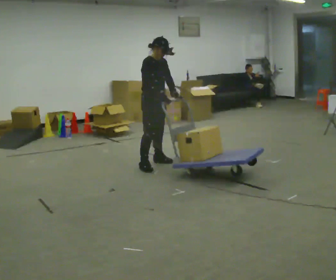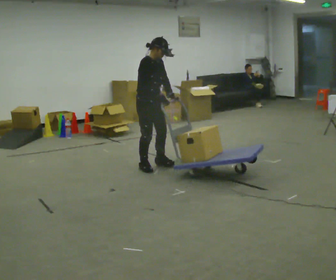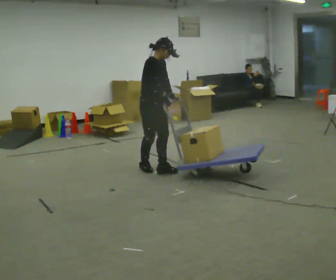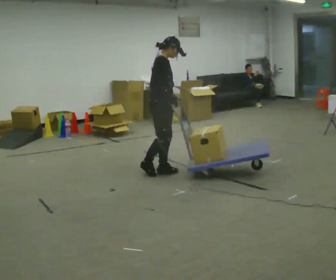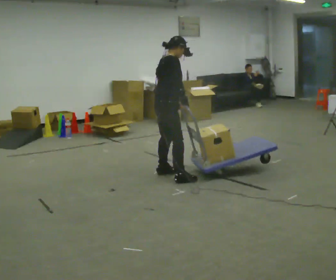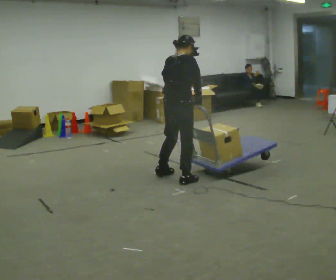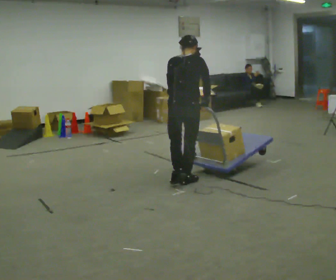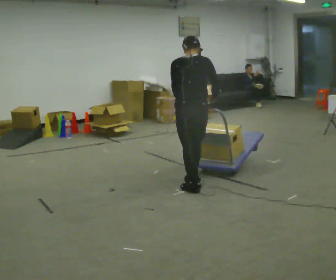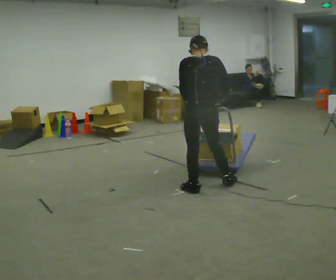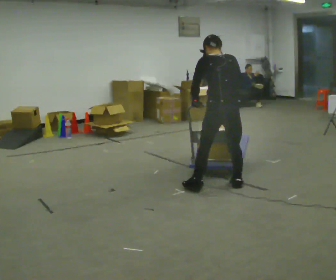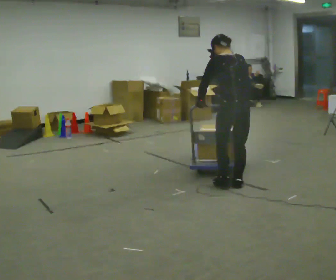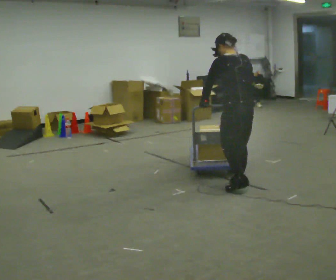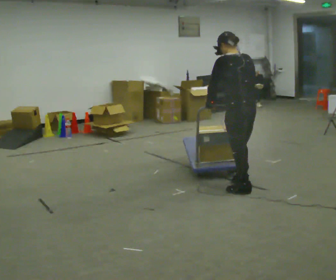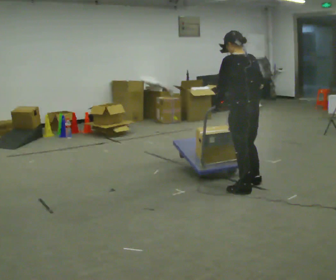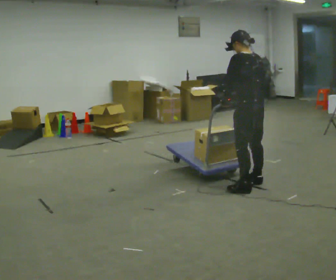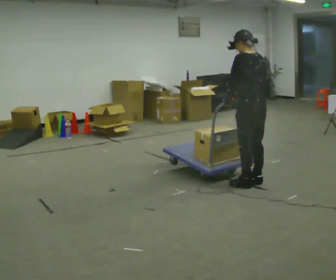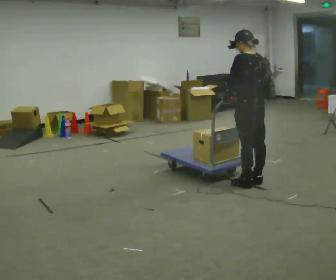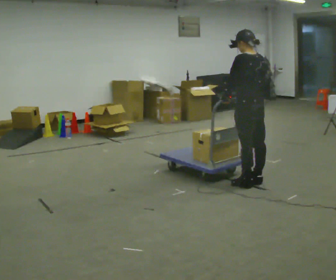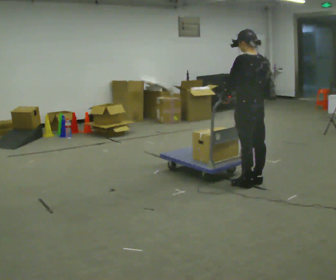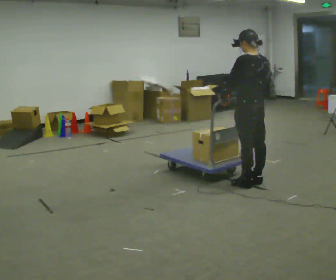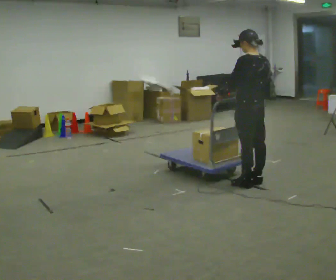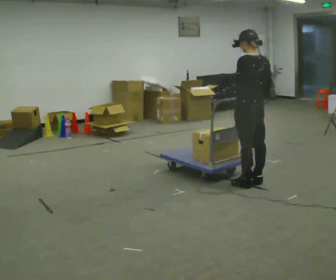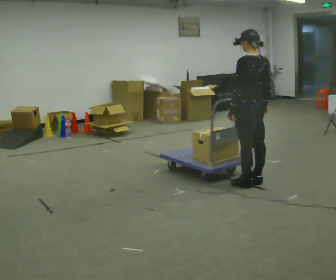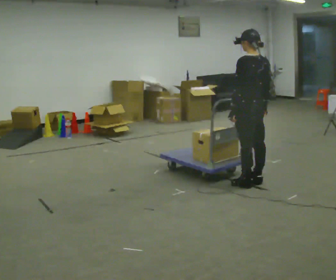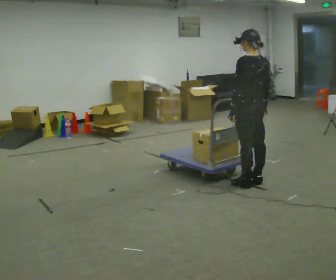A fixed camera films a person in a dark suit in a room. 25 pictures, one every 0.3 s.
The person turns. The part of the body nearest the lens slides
to the right.
The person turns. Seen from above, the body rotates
counterclockwise.
0.0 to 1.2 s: Seen from above the body turns counterclockwise, about 45 degrees: to their left, with its near side sliding to the right. In the picture they go toward the camera and to the right, about 0.5 m in 2 steps, which for them is forward and to their right.
1.2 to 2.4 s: The person turns about 75 degrees to their left, counterclockwise seen from above, so the part of the body nearest the lens slides to the right. In the picture they go to the right and toward the camera, about 0.5 m in 2 steps.
2.4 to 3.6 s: The person turns about 30 degrees to their left, counterclockwise seen from above, so the part of the body nearest the lens slides to the right. In the picture they go to the right, about 0.5 m in 2 steps, which for them is to their right and backward.
3.6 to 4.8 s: In the picture they go away from the camera, about 0.25 m, which for them is to their right.
4.8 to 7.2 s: The person moves a little, or ends about where they began.
The film runs backward here.
